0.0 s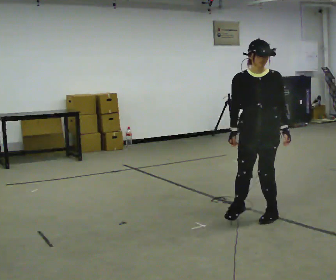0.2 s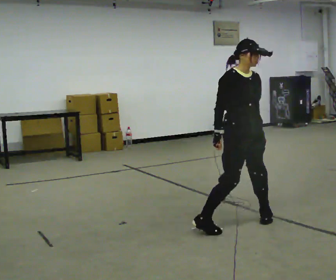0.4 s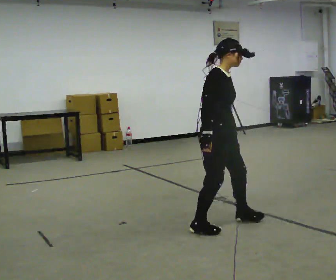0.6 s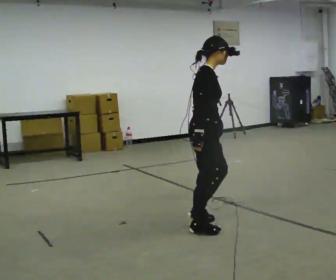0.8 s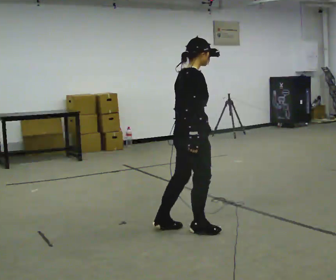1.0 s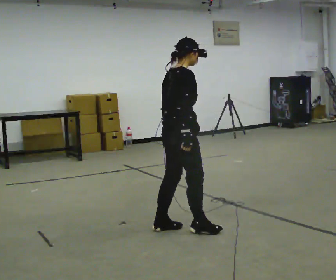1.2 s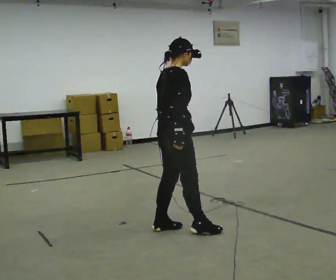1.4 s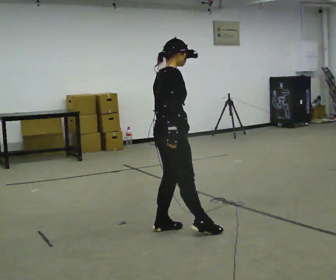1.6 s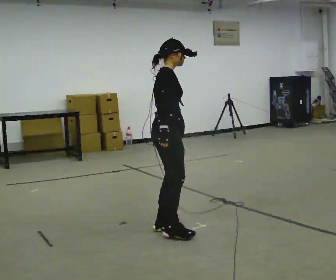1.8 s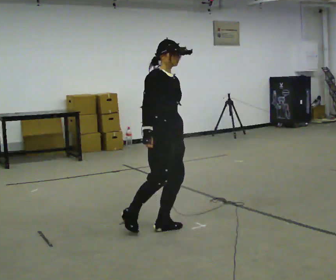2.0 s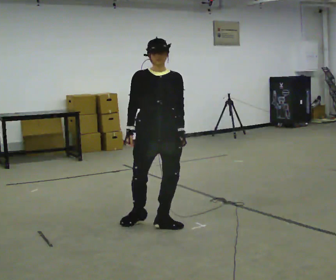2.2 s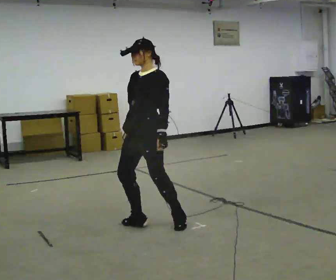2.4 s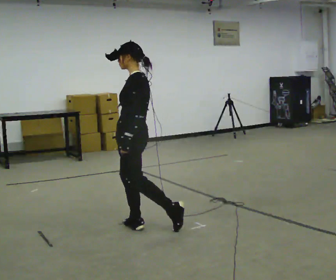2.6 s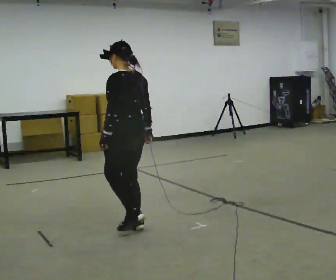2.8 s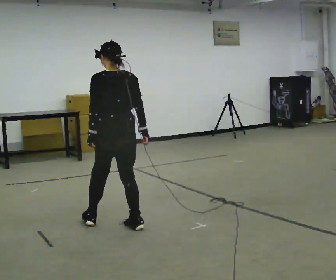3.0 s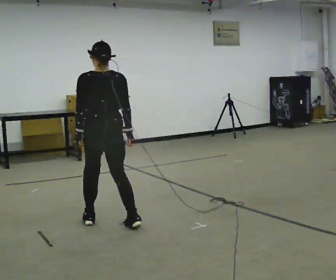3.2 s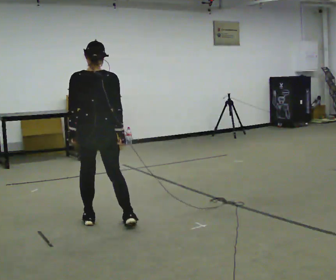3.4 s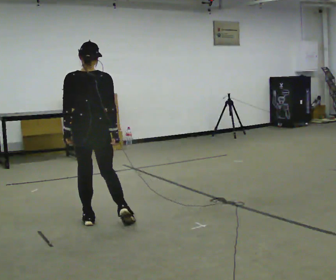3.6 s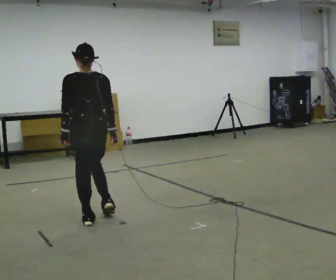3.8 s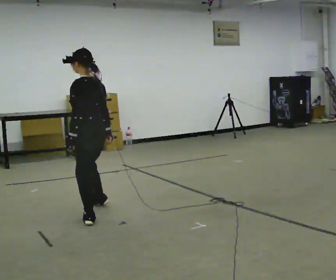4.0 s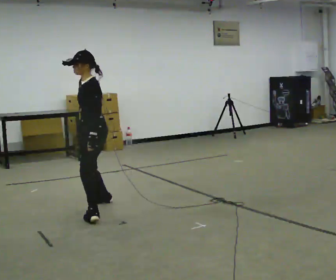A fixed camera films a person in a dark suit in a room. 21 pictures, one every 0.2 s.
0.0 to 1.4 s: The person turns about 105 degrees to their left, counterclockwise seen from above, so the part of the body nearest the lens slides to the right. In the picture they go to the left, about 0.5 m in 2 steps.
1.4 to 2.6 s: The part of the body nearest the lens slides to the left as the person turns to their right by about 240 degrees. In the picture they go to the left, about 0.25 m in 1 step.
2.6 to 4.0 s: The part of the body nearest the lens slides to the right as the person turns to their left by about 60 degrees. In the picture they go away from the camera and to the left, about 0.5 m in 2 steps.
The film runs forward here.
